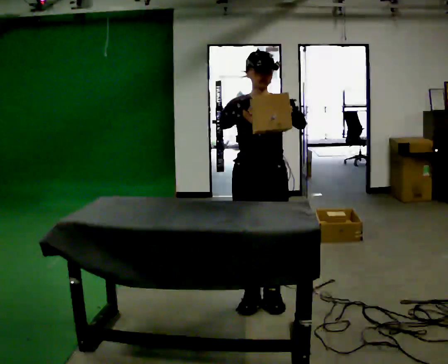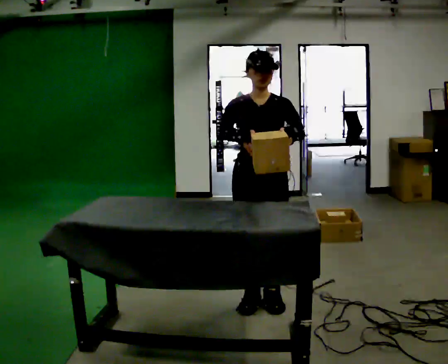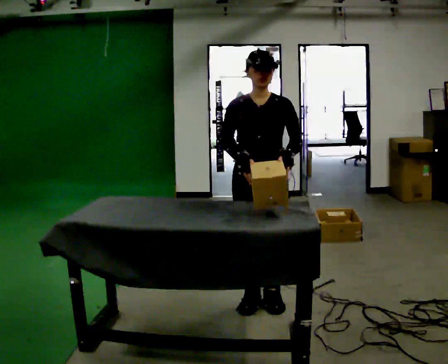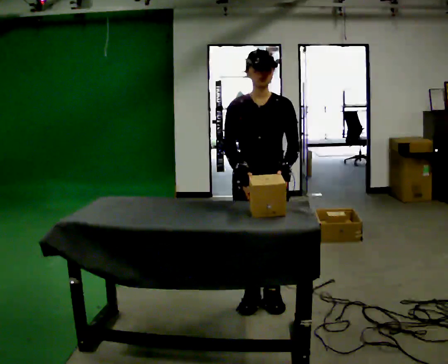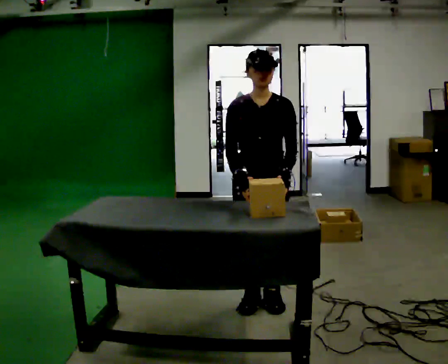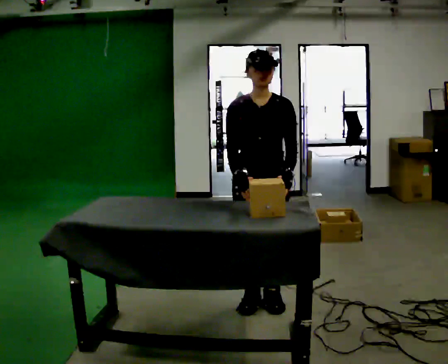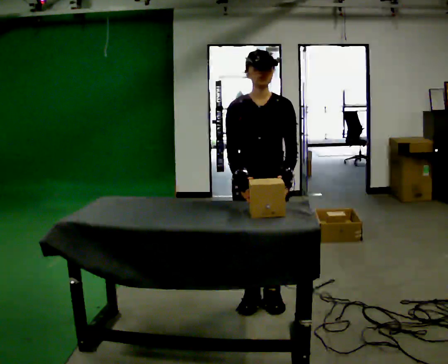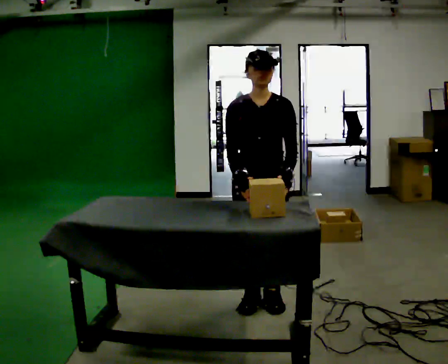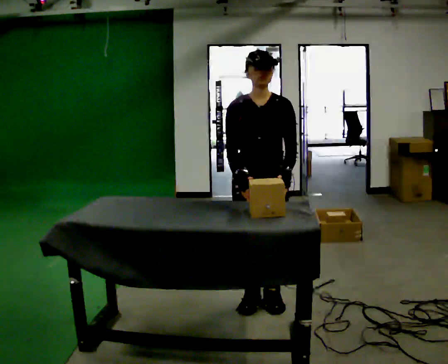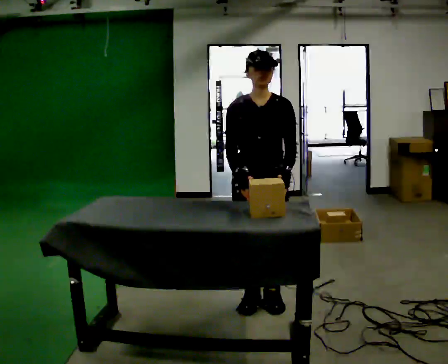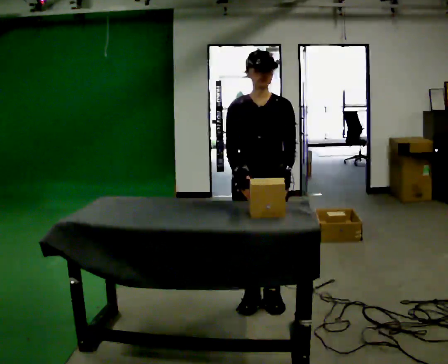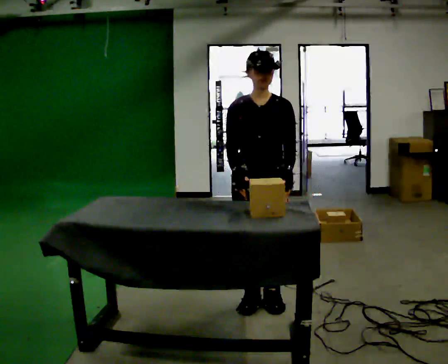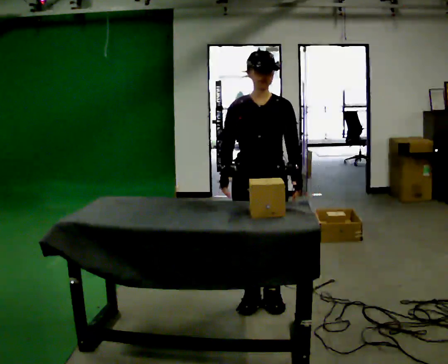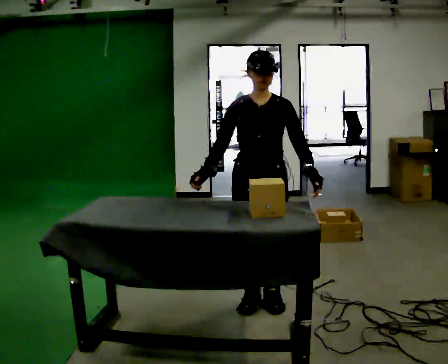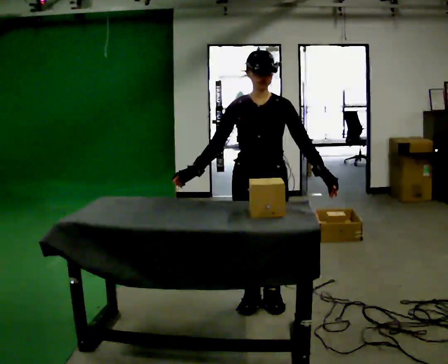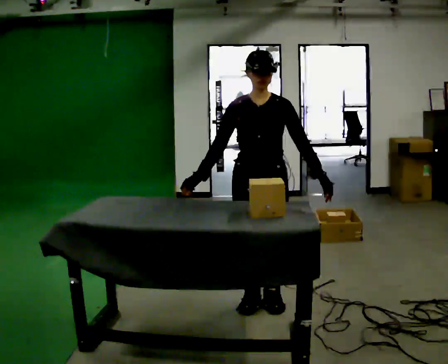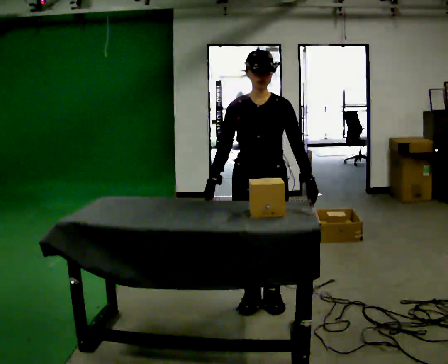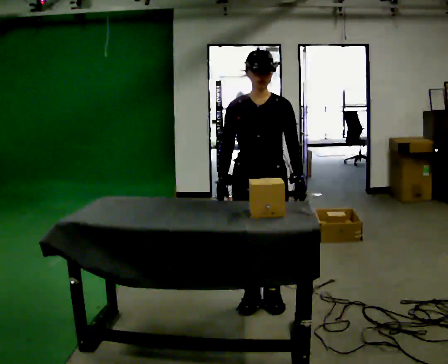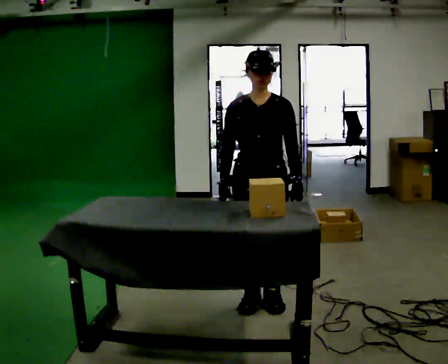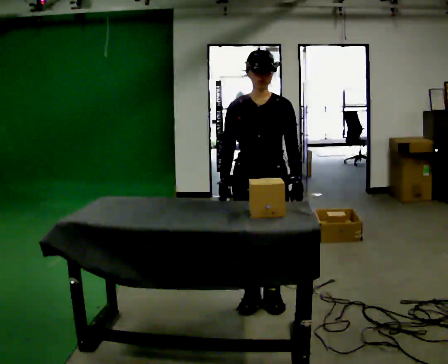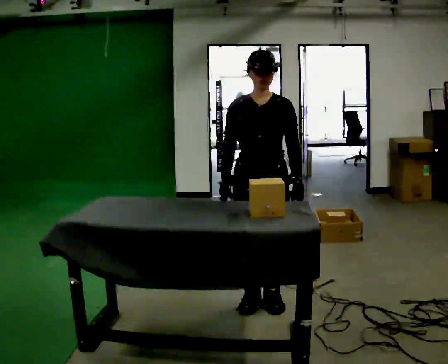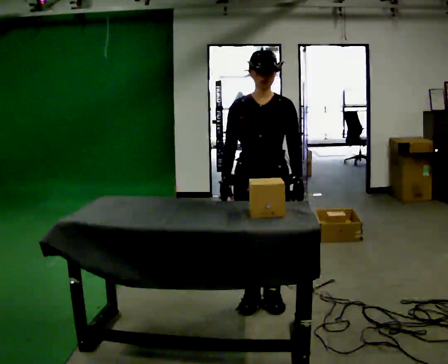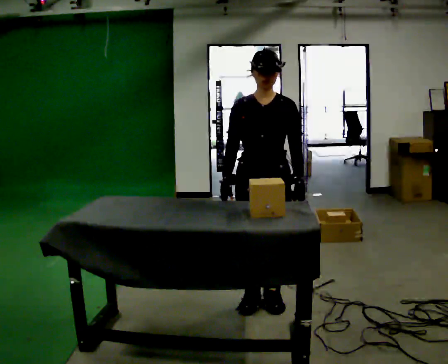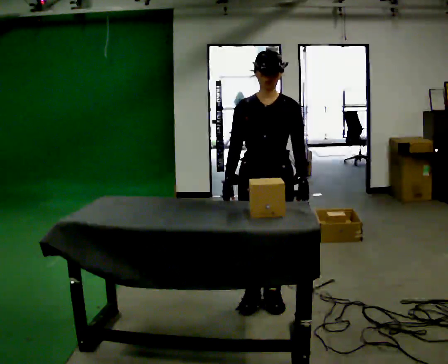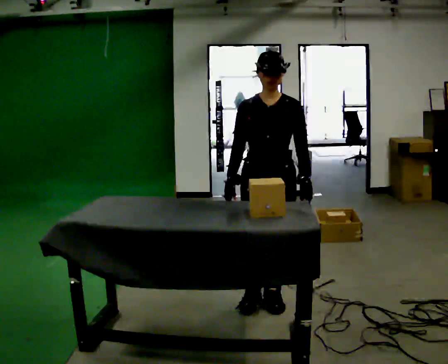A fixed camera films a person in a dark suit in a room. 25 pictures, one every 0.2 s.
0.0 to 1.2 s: In the picture their right hand goes downward.
1.2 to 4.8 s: The person moves a little, or ends about where they began.
The film runs backward here.
